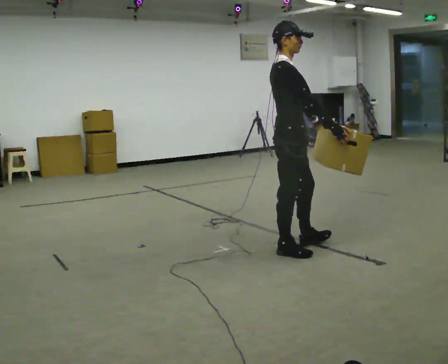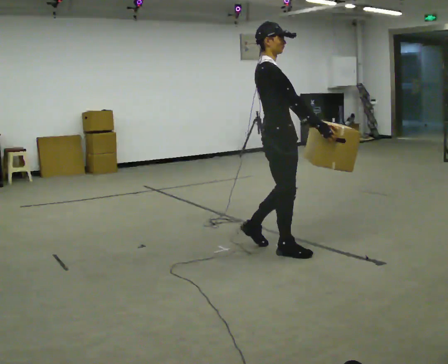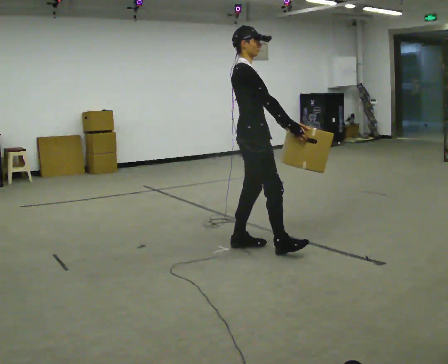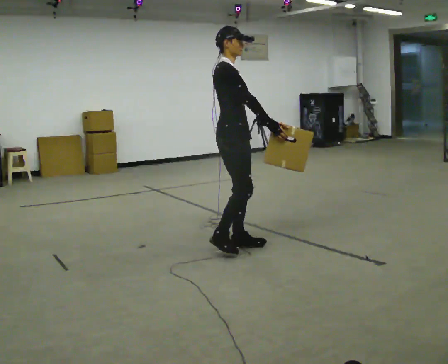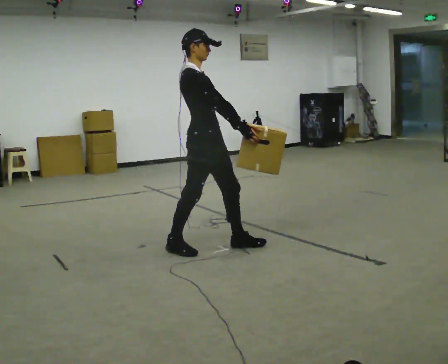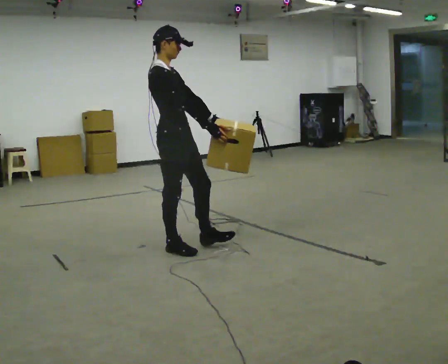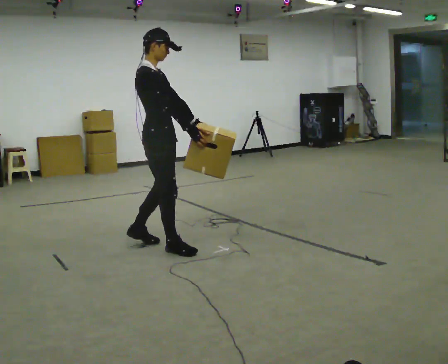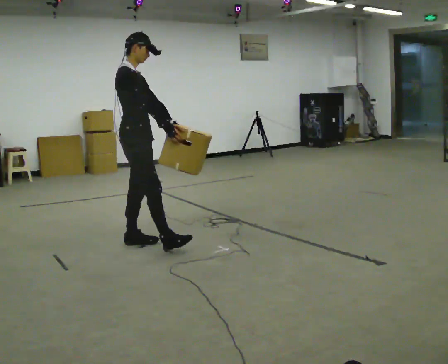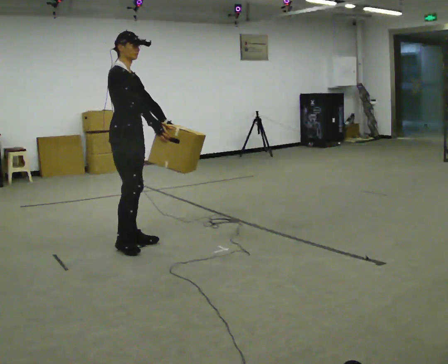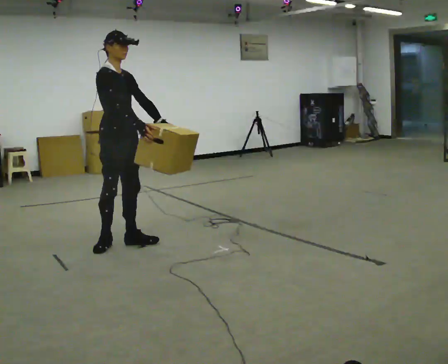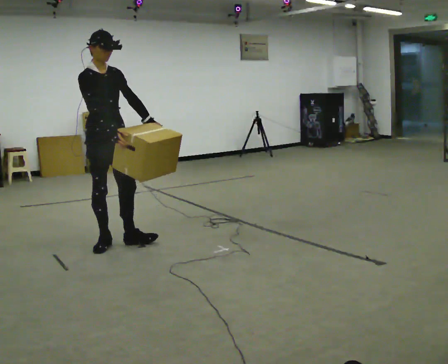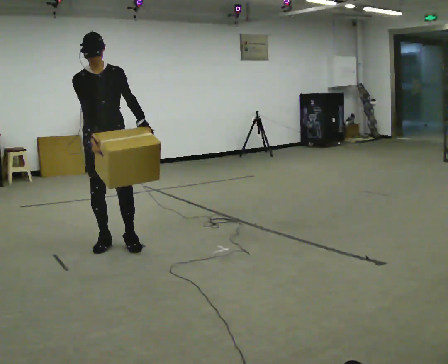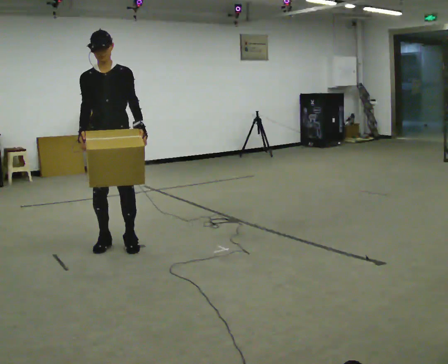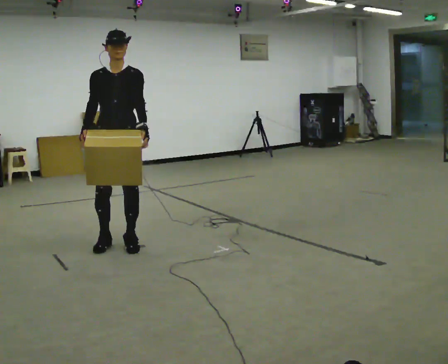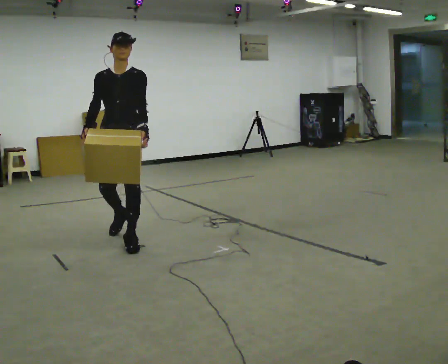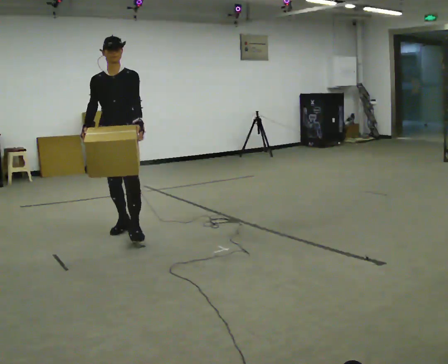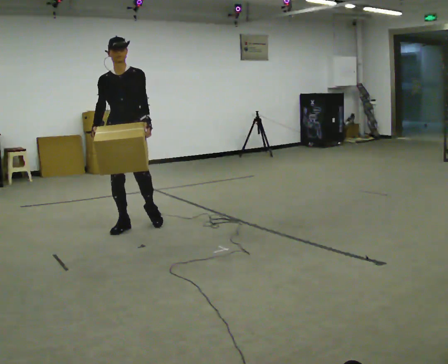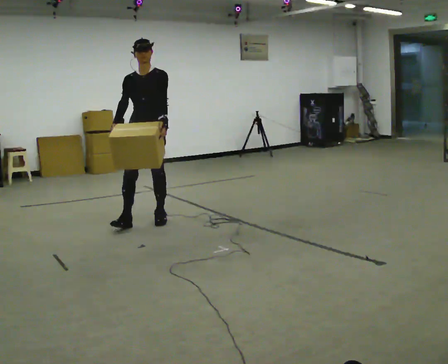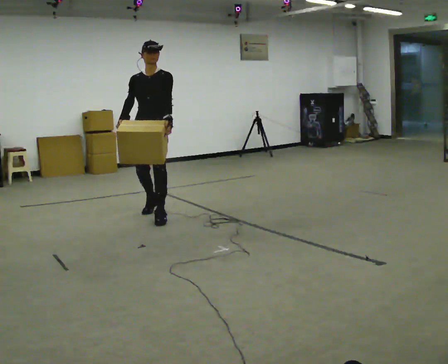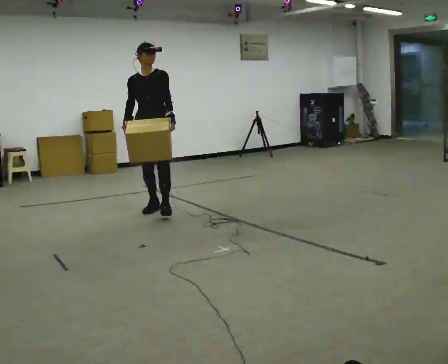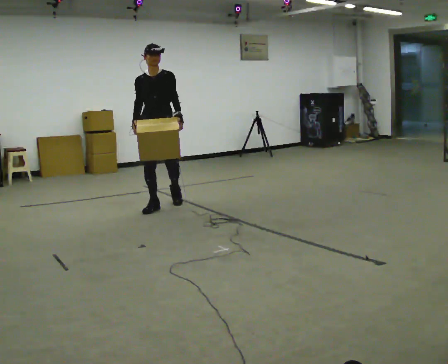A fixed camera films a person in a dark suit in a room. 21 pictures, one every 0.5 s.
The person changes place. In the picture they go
away from the camera.
0.0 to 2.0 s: In the picture they go to the left and away from the camera, about 0.5 m in 2 steps, which for them is backward.
2.0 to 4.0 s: In the picture they go to the left and away from the camera, about 0.75 m in 2 steps, which for them is backward.
4.0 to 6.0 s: The part of the body nearest the lens slides to the left as the person turns to their right by about 75 degrees. In the picture their right hand goes to the left, the arm swinging clockwise.
6.0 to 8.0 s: In the picture they go away from the camera, about 0.5 m in 2 steps, which for them is backward.
8.0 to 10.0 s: In the picture they go away from the camera and to the right, about 1 m in 2 steps, which for them is backward.
The film runs backward here.
